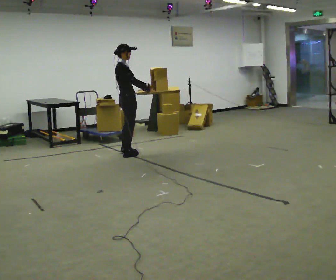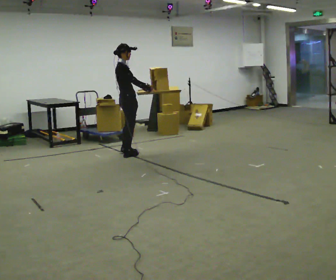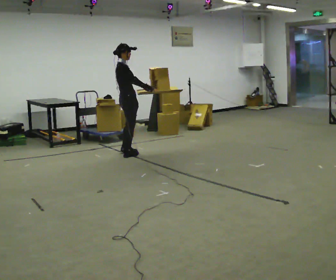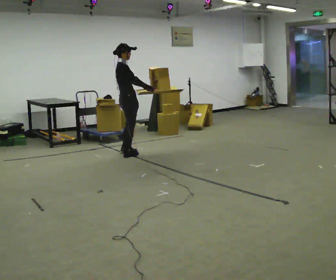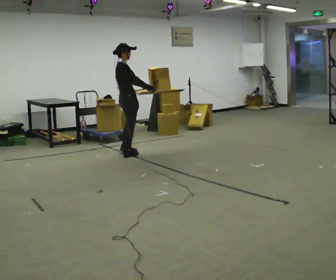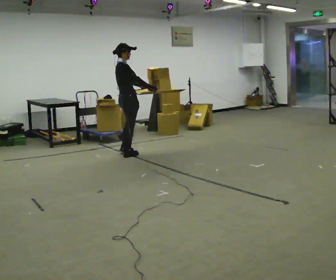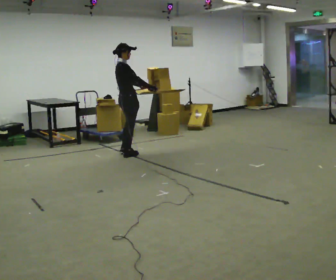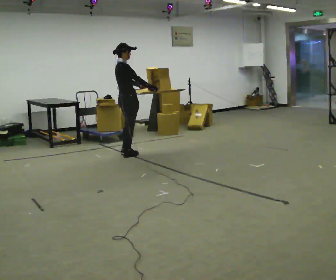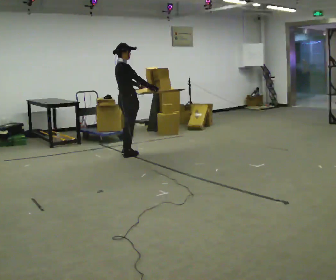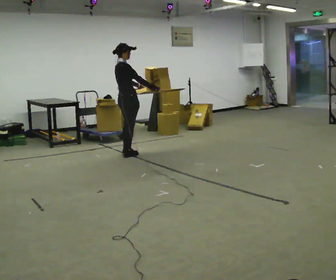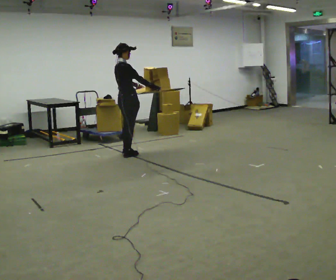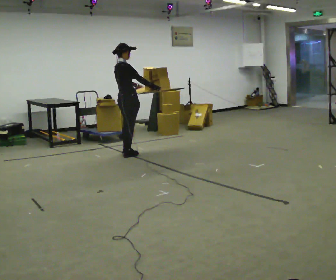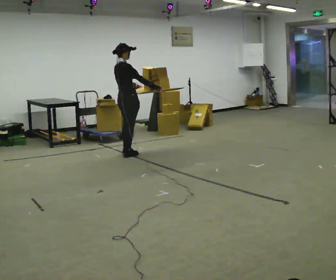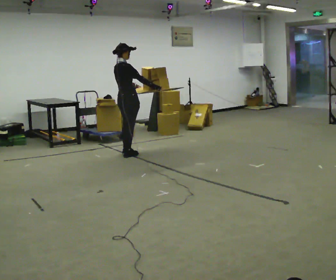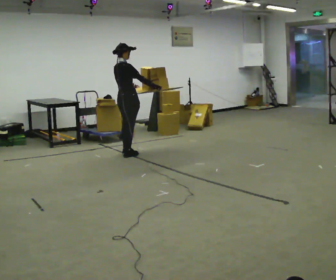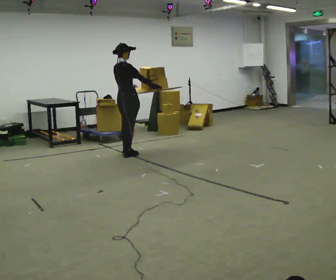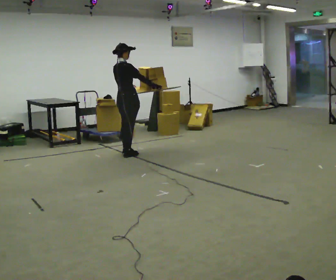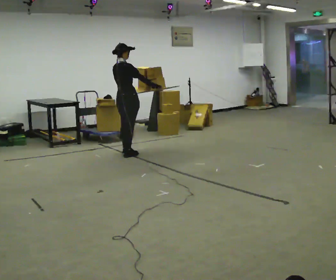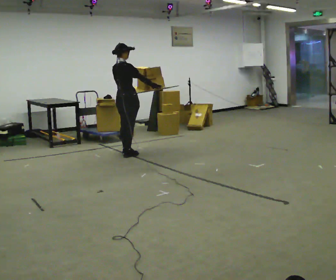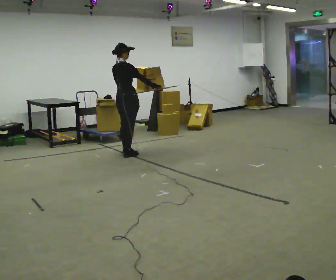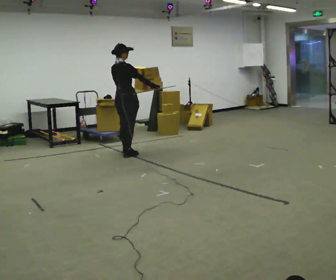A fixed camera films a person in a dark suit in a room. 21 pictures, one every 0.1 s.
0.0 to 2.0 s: The part of the body nearest the lens slides to the right as the person turns to their left by about 45 degrees.
The film runs backward here.
